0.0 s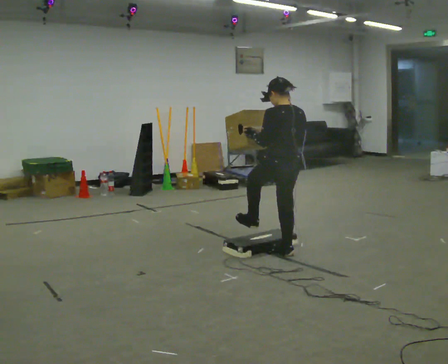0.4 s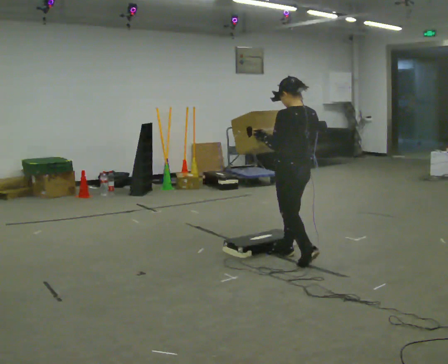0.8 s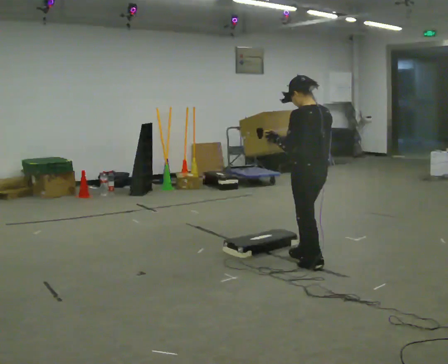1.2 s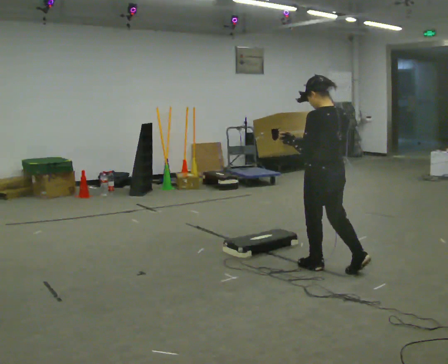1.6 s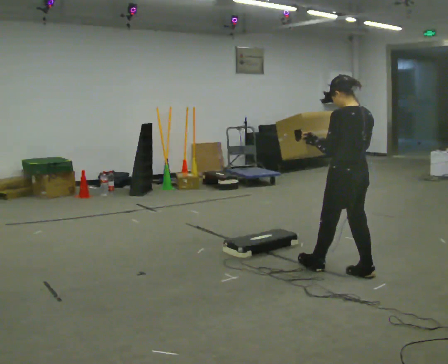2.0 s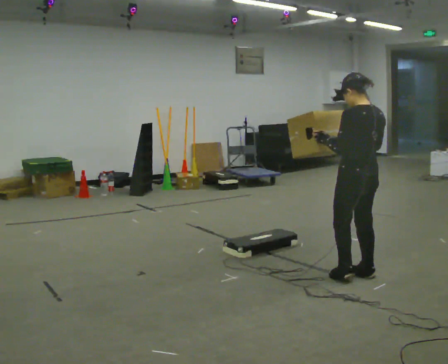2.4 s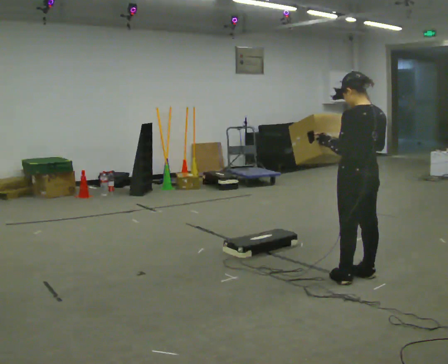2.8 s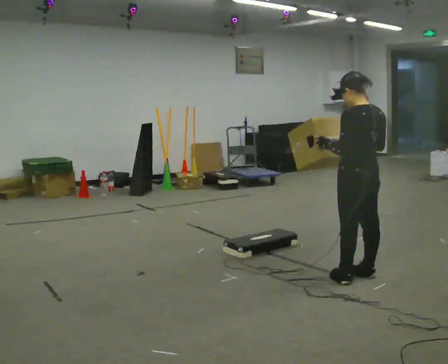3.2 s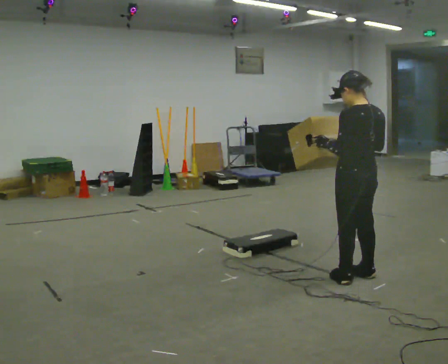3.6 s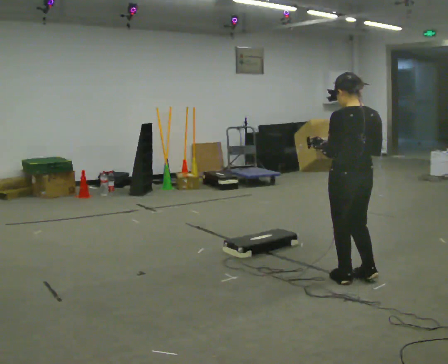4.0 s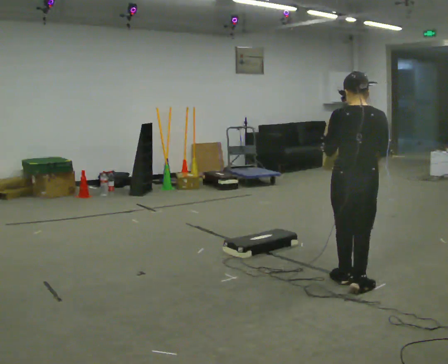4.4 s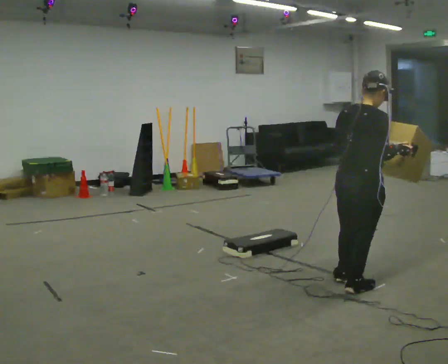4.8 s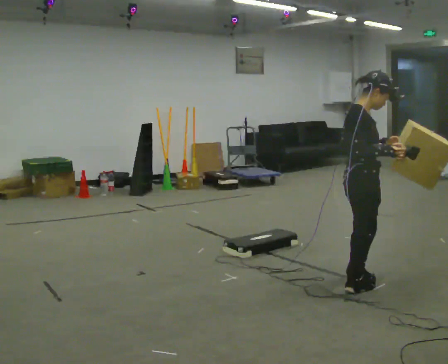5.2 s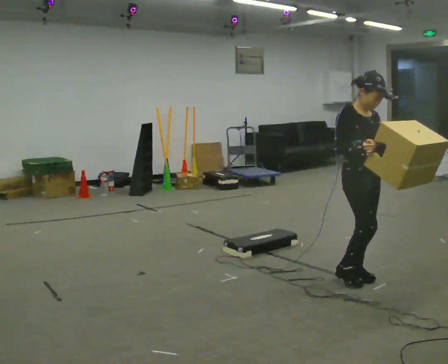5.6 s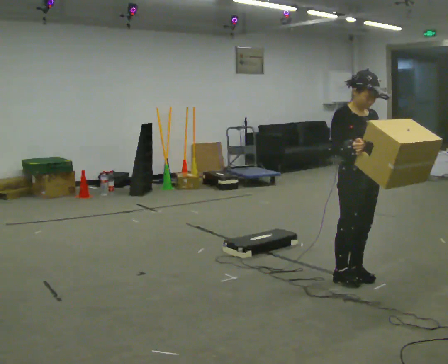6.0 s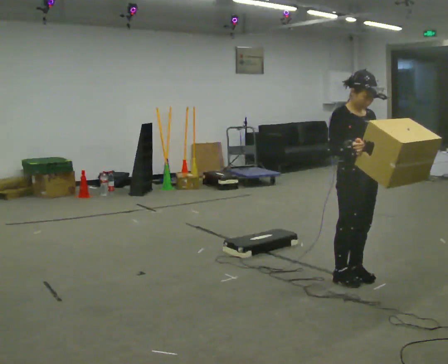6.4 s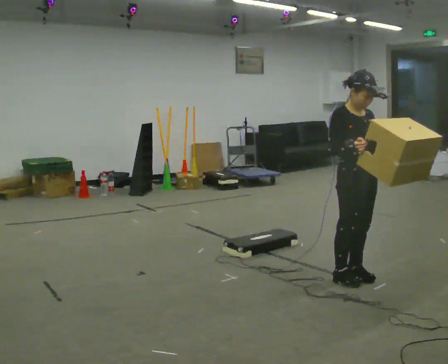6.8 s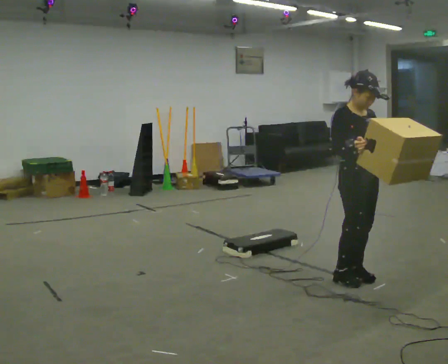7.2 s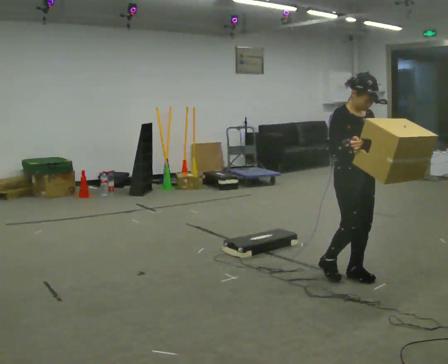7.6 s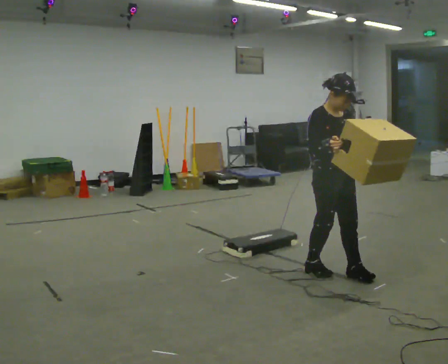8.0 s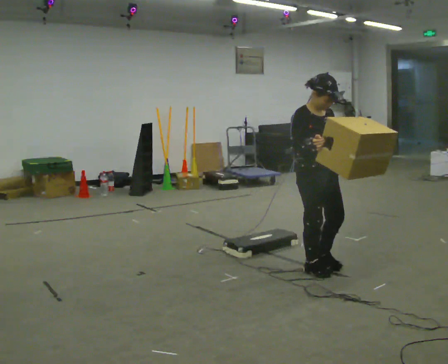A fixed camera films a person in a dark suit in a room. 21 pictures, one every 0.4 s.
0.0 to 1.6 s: In the picture they go to the right and toward the camera, about 0.5 m in 1 step, which for them is backward.
1.6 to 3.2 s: The person moves a little, or ends about where they began.
3.2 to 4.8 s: The person turns about 135 degrees to their right, clockwise seen from above, so the part of the body nearest the lens slides to the left.
4.8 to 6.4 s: Seen from above the body turns clockwise, about 45 degrees: to their right, with its near side sliding to the left.
6.4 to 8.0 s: In the picture they go to the left and away from the camera, about 0.25 m in 2 steps, which for them is backward.
The film runs backward here.
